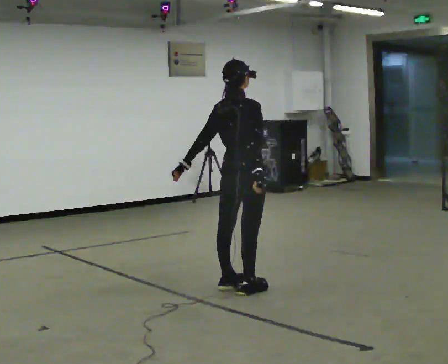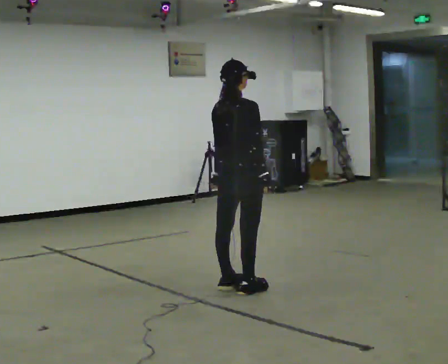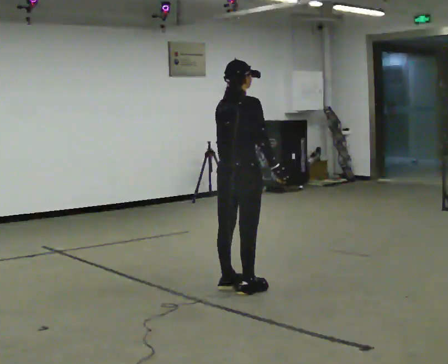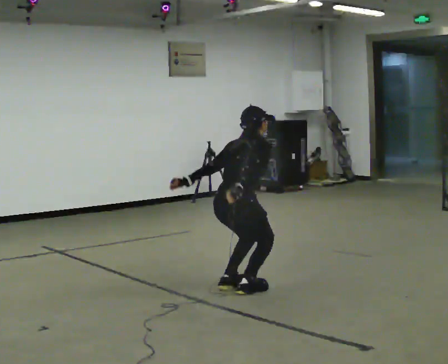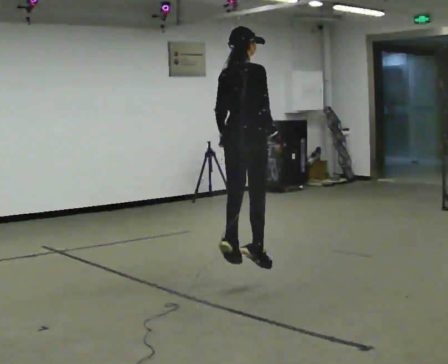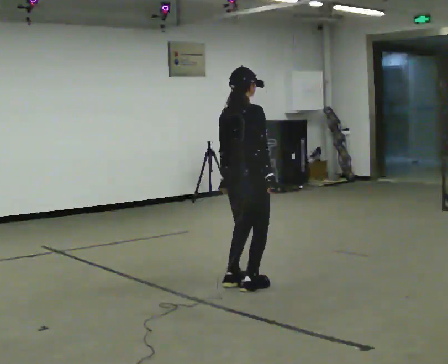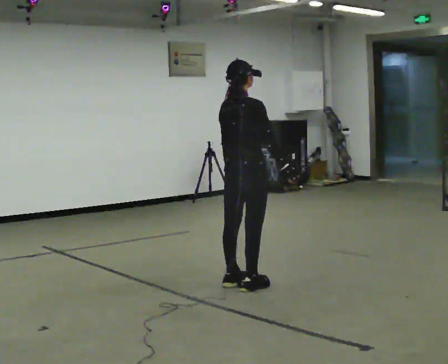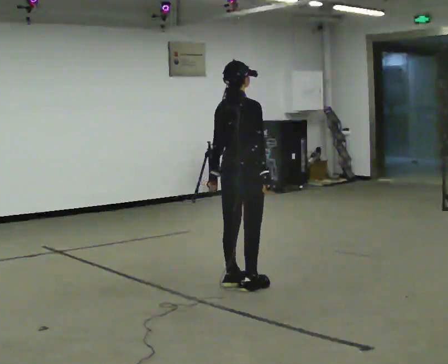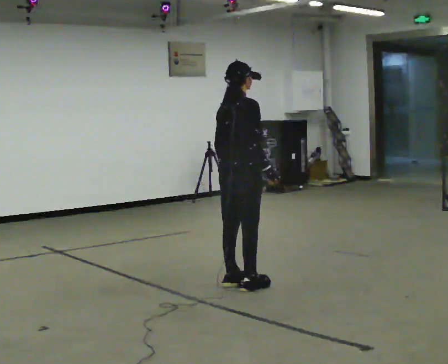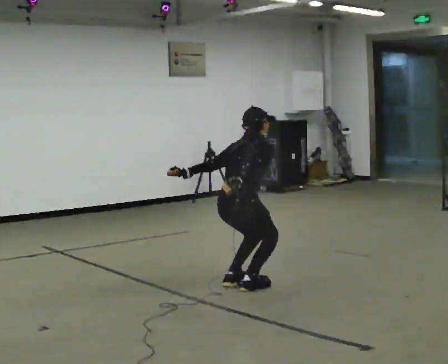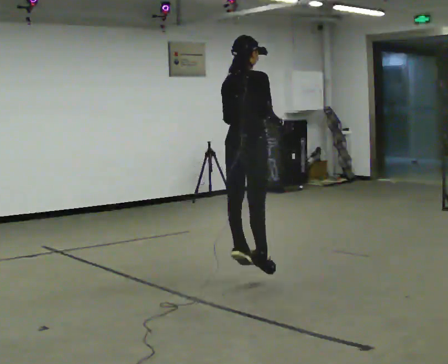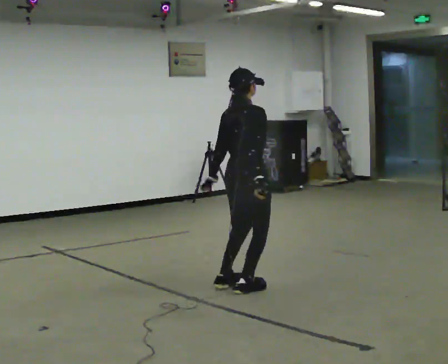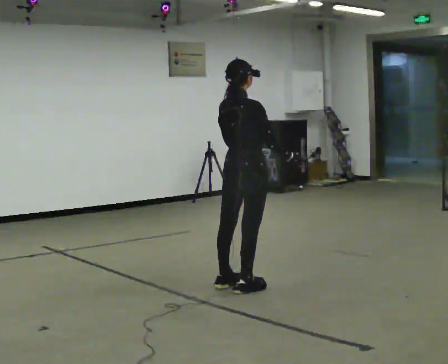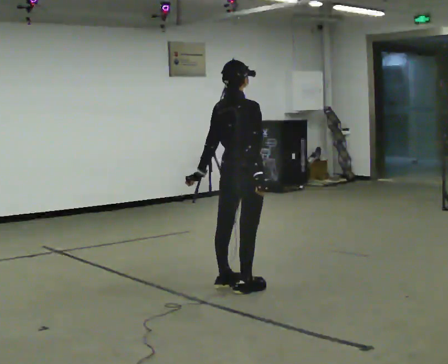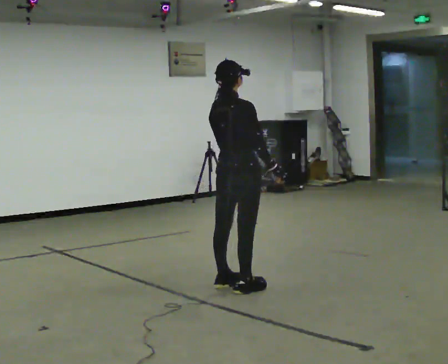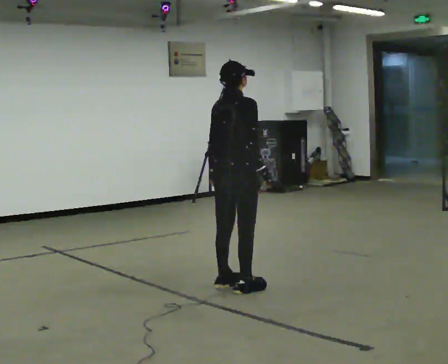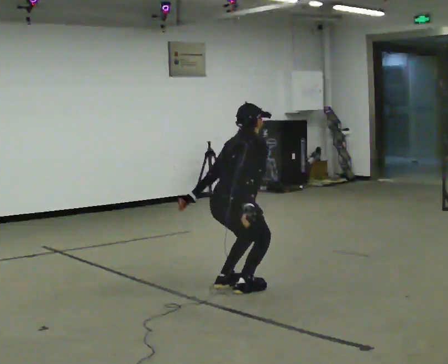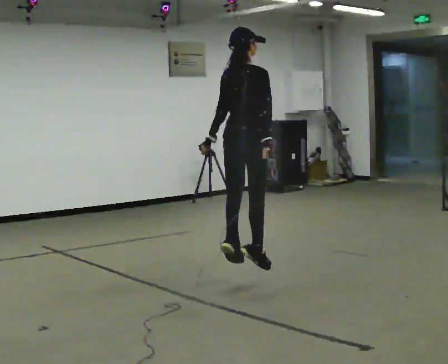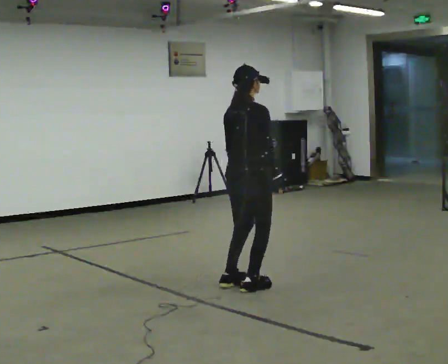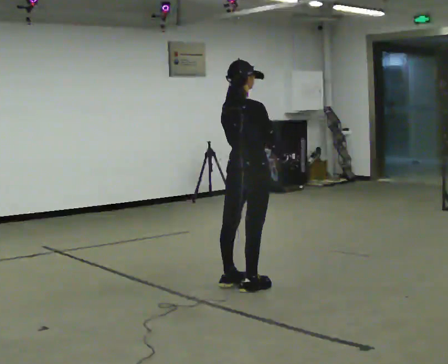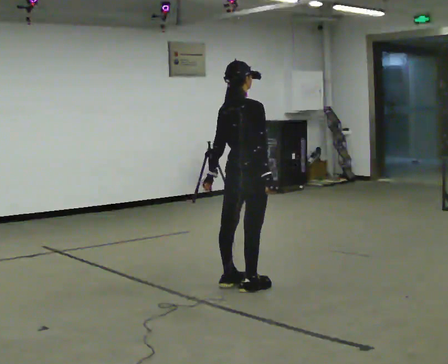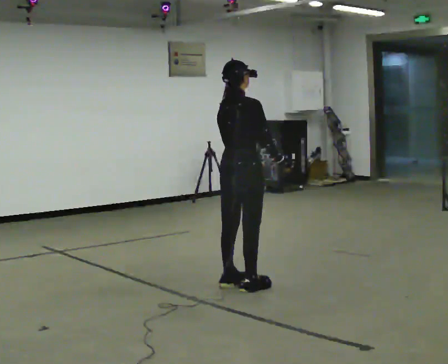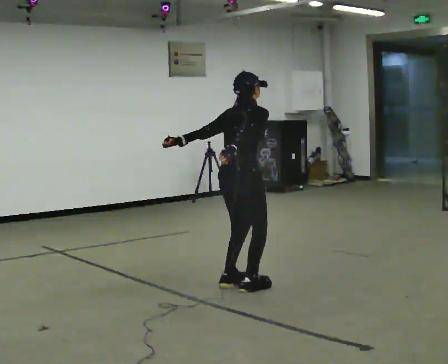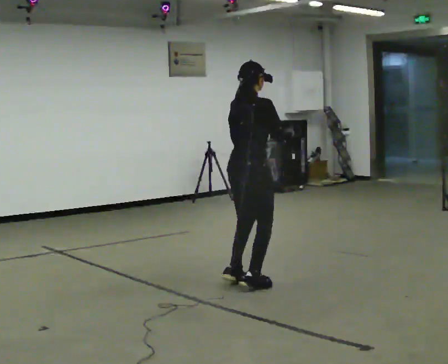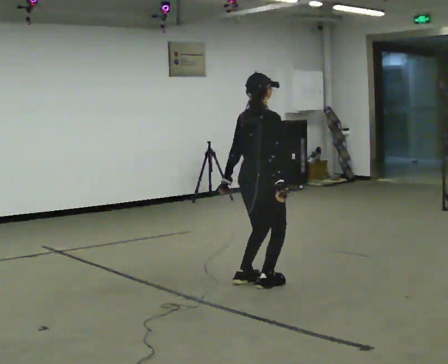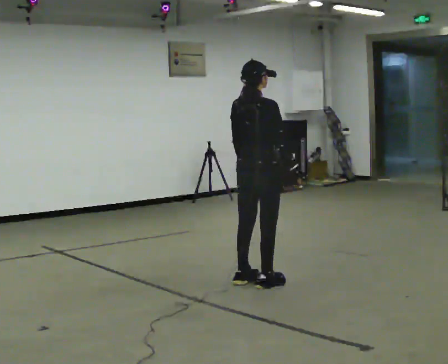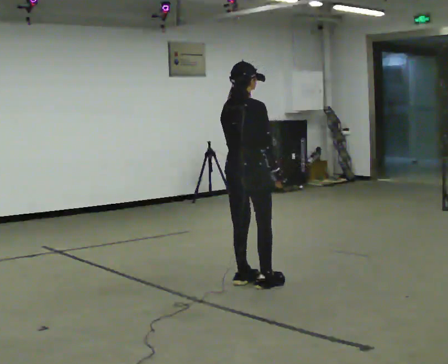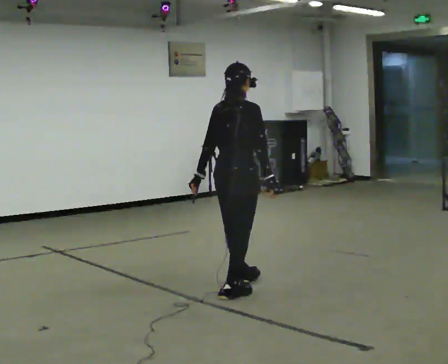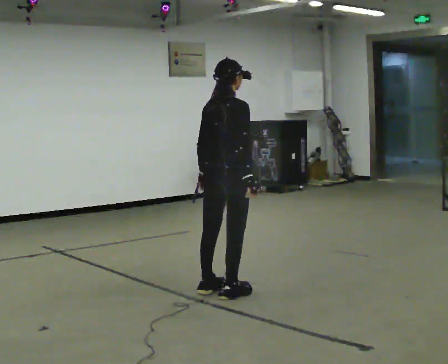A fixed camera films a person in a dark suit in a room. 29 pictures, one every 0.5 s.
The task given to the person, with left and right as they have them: Jump straight up as high as is comfortable and land softly on the same spot. Repeat the movement at your own pace until the operator says stop; do not rush.
0.0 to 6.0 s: In the picture their left hand goes to the right.
6.0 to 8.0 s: The shoulders move downward. In the picture the upper body tilts clockwise, shoulders to the right, as they bend forward. In the picture their right hand goes downward.
8.0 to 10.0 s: In the picture the upper body tilts counterclockwise, shoulders to the left, as they lean back or straighten.
10.0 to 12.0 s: The person moves a little, or ends about where they began.
12.0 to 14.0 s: In the picture they go toward the camera and to the left, about 0.5 m in 2 steps, which for them is backward.
The film runs forward here.
